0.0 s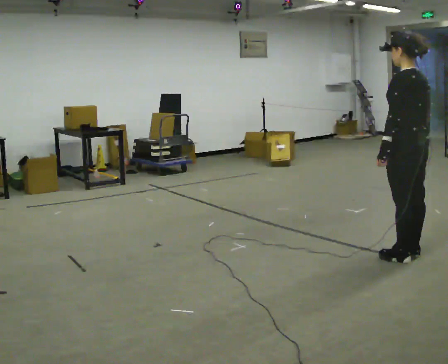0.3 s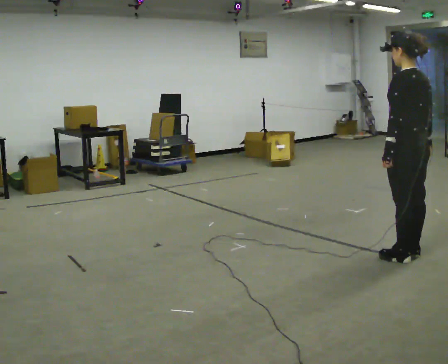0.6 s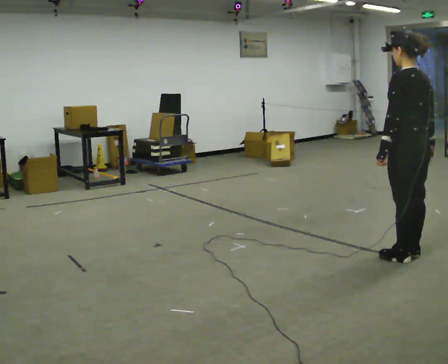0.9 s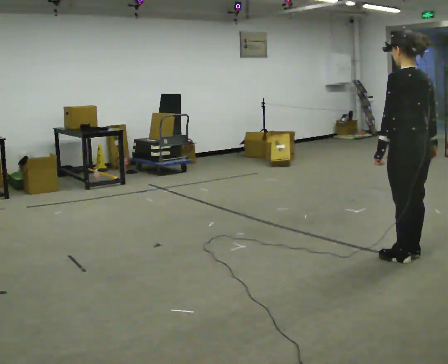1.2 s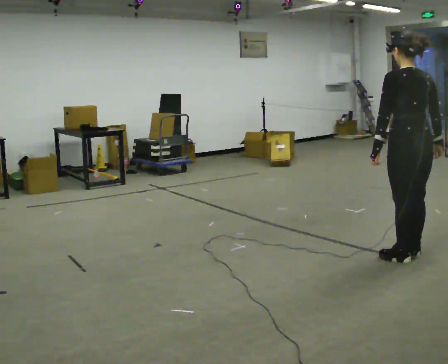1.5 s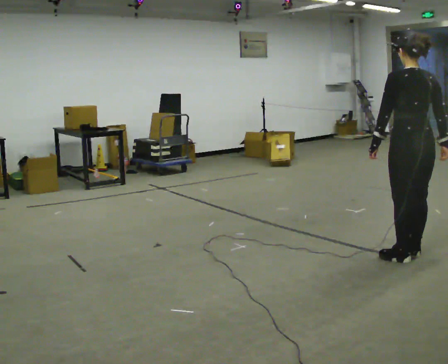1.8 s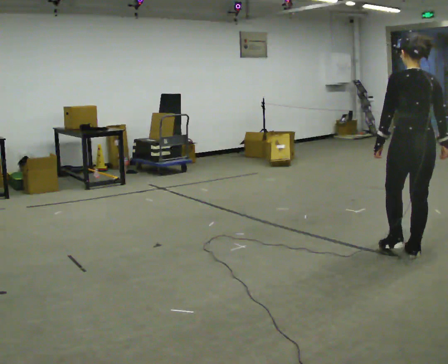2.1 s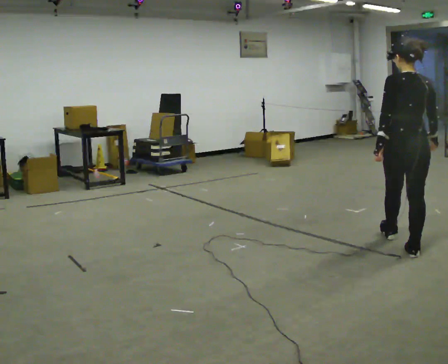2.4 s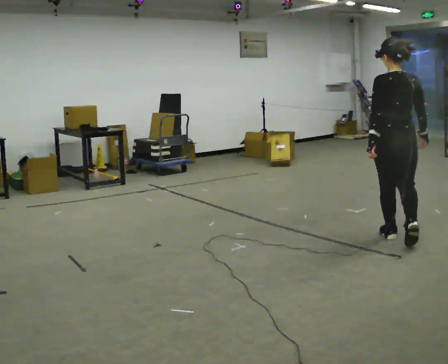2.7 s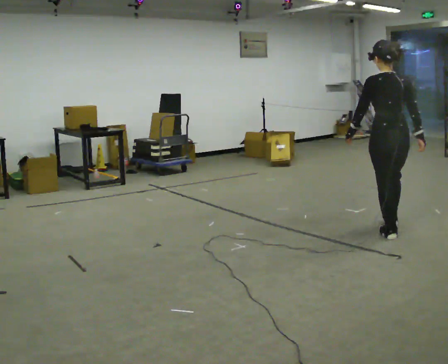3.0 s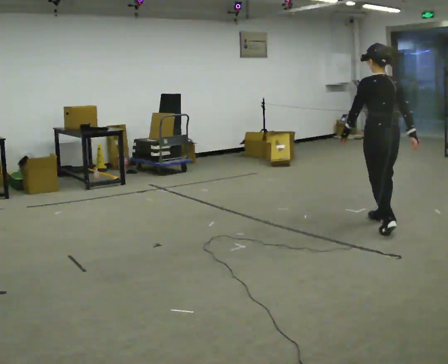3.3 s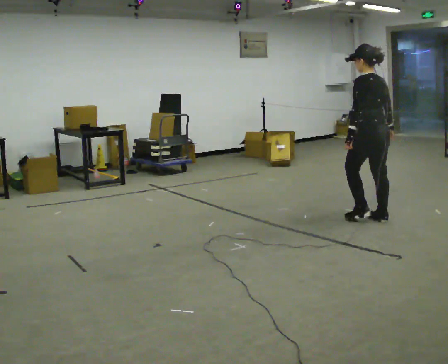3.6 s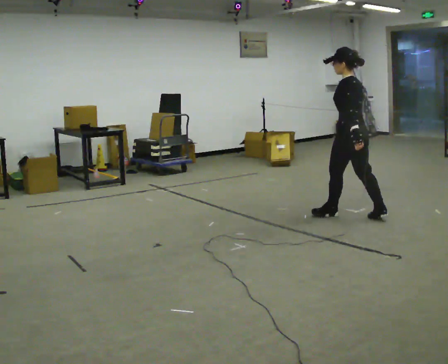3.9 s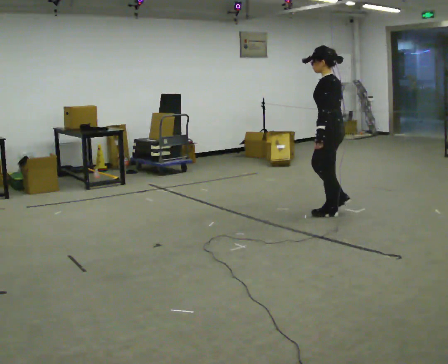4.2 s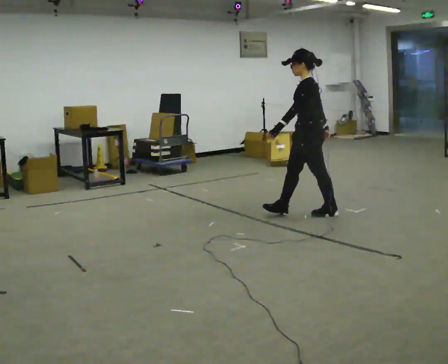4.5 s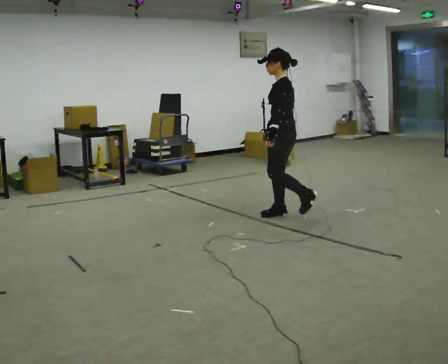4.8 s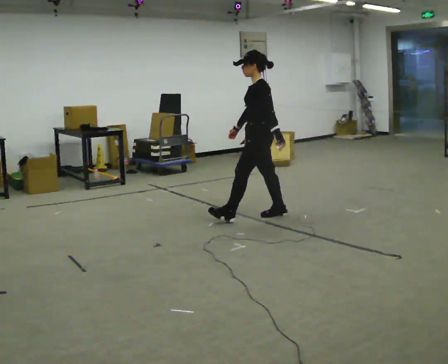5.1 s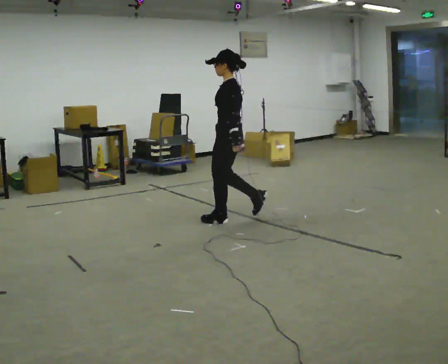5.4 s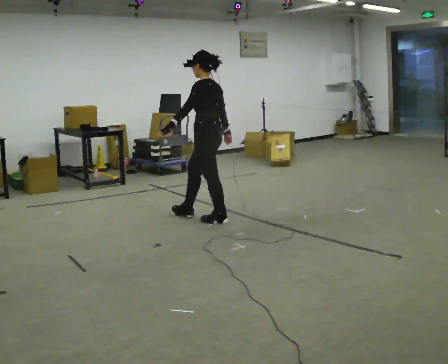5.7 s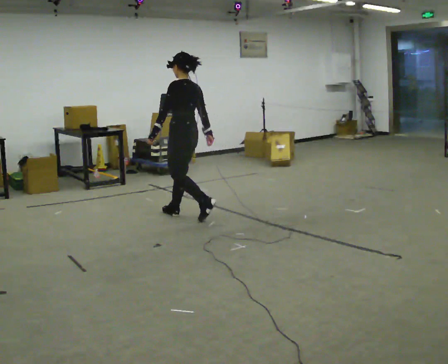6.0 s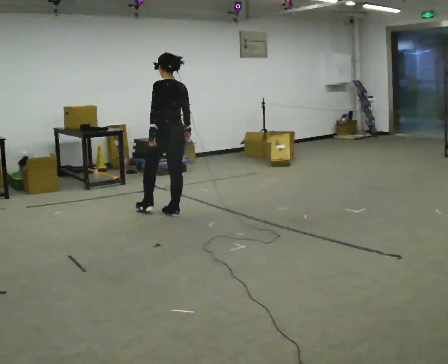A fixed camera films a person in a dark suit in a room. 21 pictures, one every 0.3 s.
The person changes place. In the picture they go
to the left.
0.0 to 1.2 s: Seen from above the body turns clockwise, about 30 degrees: to their right, with its near side sliding to the left.
1.2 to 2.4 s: In the picture they go away from the camera, about 0.5 m in 1 step, which for them is forward.
2.4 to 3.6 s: The person turns about 60 degrees to their left, counterclockwise seen from above, so the part of the body nearest the lens slides to the right. In the picture they go away from the camera and to the left, about 1 m in 2 steps, which for them is forward.
3.6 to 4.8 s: Seen from above the body turns counterclockwise, about 45 degrees: to their left, with its near side sliding to the right. In the picture they go to the left, about 1 m in 1 step, which for them is forward.
4.8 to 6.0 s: The part of the body nearest the lens slides to the left as the person turns to their right by about 60 degrees. In the picture they go to the left, about 1 m in 2 steps, which for them is forward.
The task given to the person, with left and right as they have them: Walk one full figure-eight continuously at comfortable speed; stop.
The film runs forward here.
